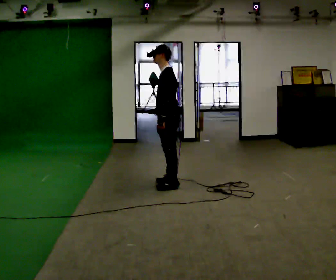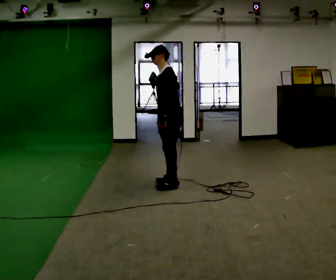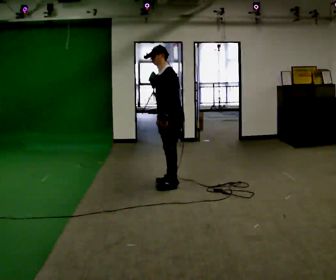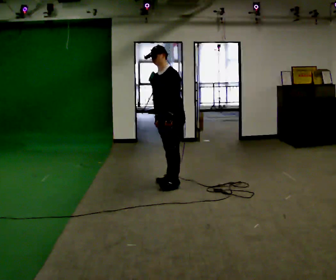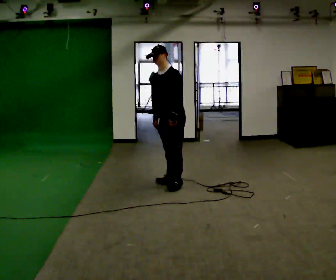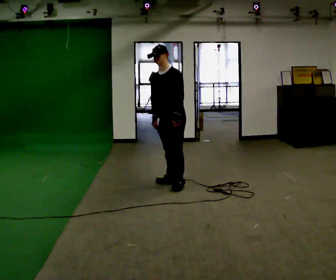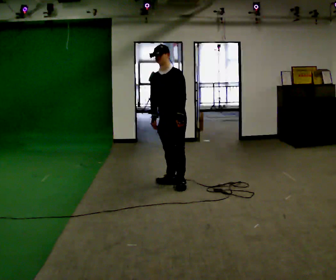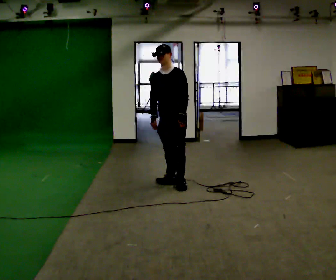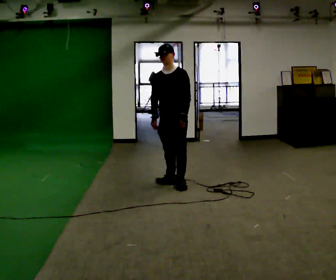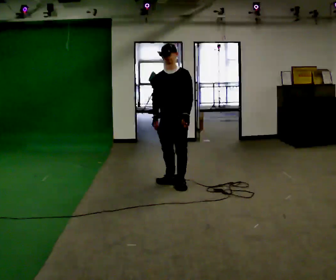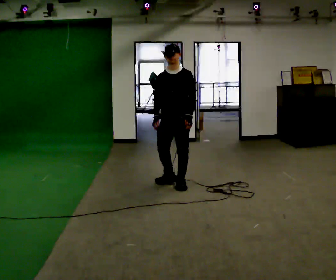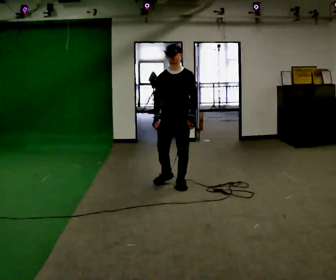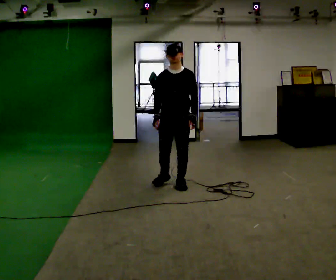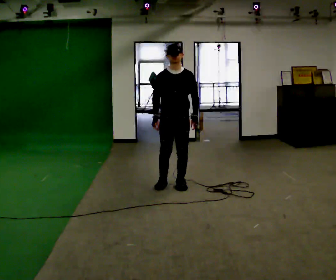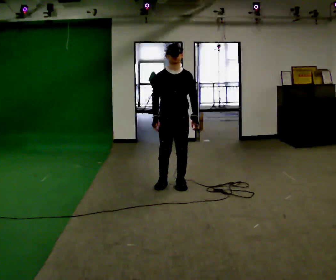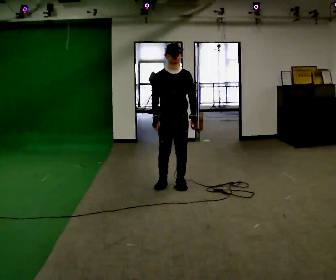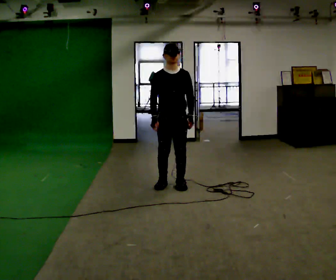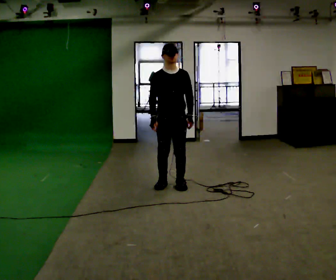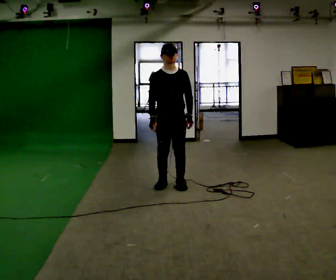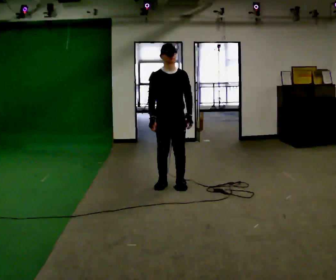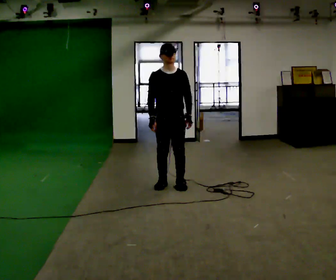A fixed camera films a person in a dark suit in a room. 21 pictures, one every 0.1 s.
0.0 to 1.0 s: Seen from above the body turns counterclockwise, about 60 degrees: to their left, with its near side sliding to the right.
1.0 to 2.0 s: The person turns about 30 degrees to their left, counterclockwise seen from above, so the part of the body nearest the lens slides to the right.
The film runs forward here.
